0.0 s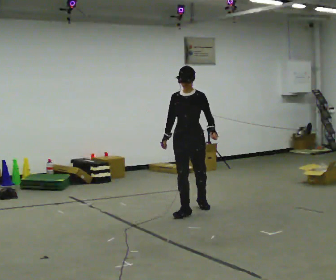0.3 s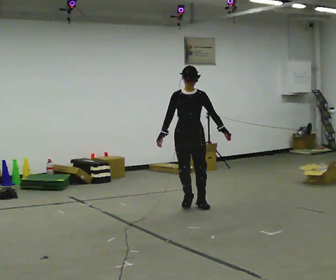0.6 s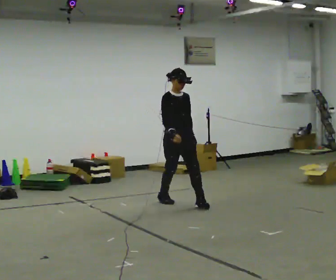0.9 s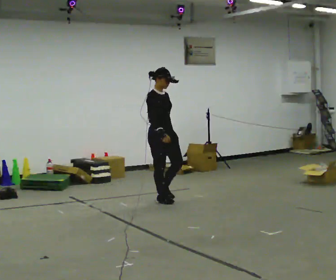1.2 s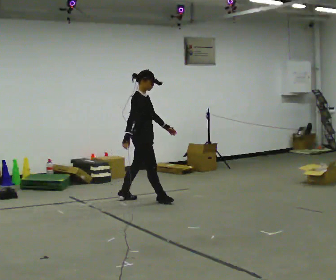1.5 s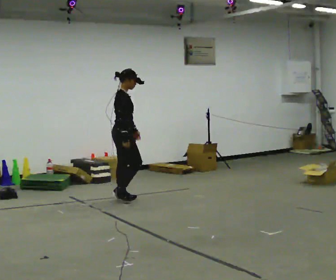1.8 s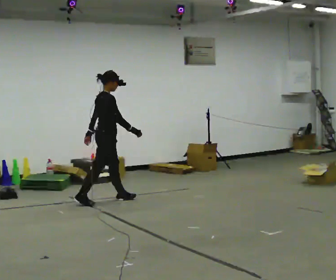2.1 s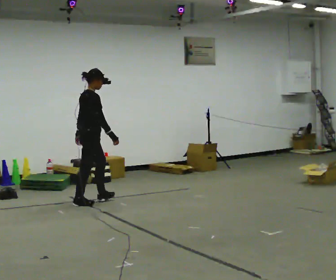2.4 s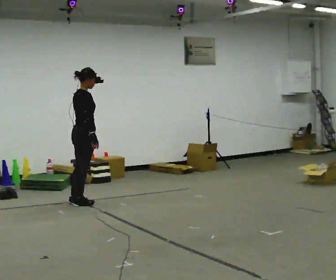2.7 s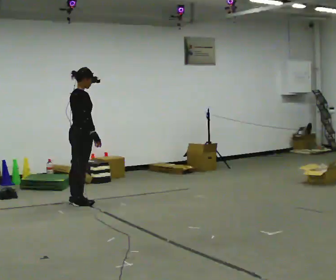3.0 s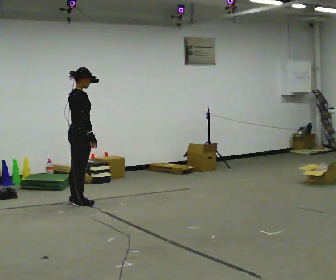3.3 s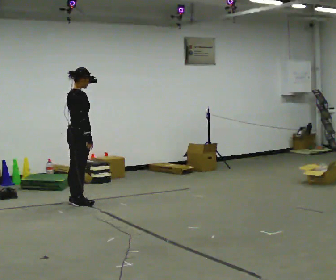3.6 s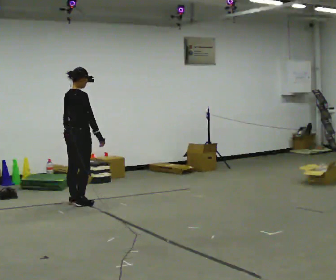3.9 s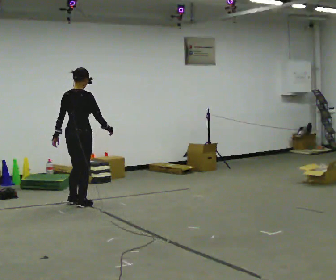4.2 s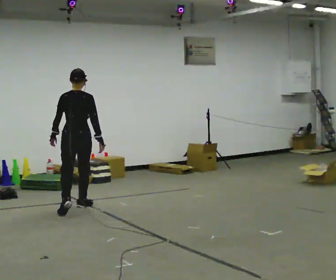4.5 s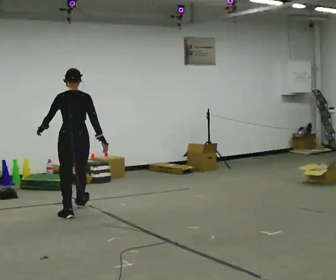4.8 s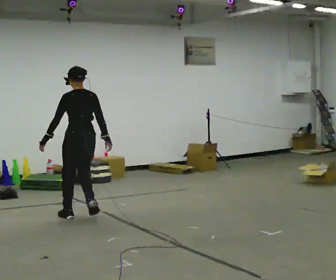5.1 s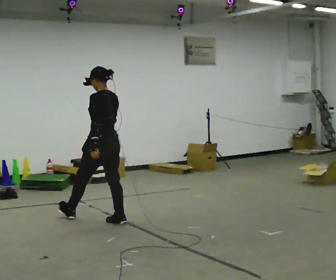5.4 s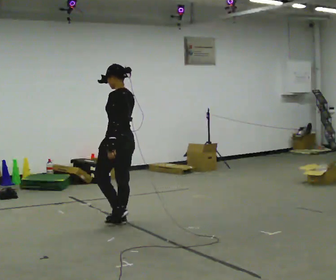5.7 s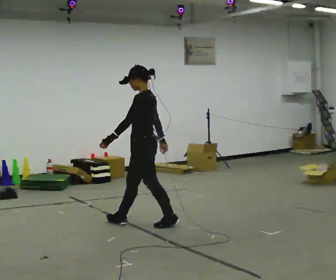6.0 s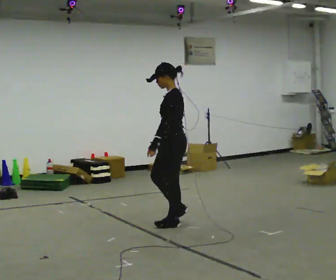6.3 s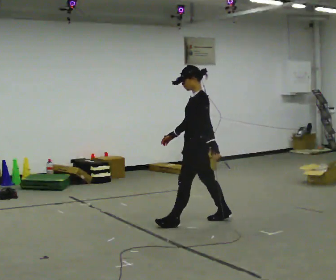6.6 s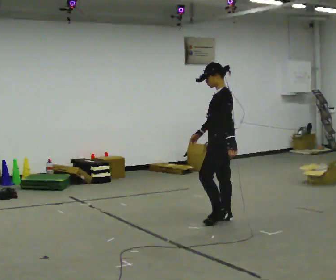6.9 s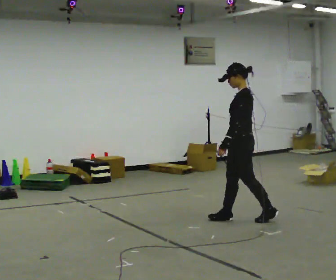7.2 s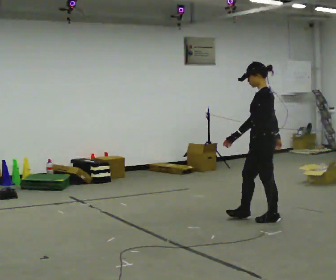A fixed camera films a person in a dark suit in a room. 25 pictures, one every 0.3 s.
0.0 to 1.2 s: Seen from above the body turns counterclockwise, about 90 degrees: to their left, with its near side sliding to the right. In the picture they go away from the camera and to the left, about 1 m in 2 steps.
1.2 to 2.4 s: Seen from above the body turns counterclockwise, about 45 degrees: to their left, with its near side sliding to the right. In the picture they go to the left, about 0.5 m in 2 steps, which for them is backward.
2.4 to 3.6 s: The person moves a little, or ends about where they began.
3.6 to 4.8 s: Seen from above the body turns counterclockwise, about 75 degrees: to their left, with its near side sliding to the right. In the picture they go toward the camera, about 0.75 m in 2 steps.
4.8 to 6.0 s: Seen from above the body turns counterclockwise, about 60 degrees: to their left, with its near side sliding to the right. In the picture they go to the right and toward the camera, about 1 m in 2 steps.
6.0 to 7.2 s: In the picture they go to the right, about 1 m in 2 steps, which for them is backward.
The film runs backward here.
